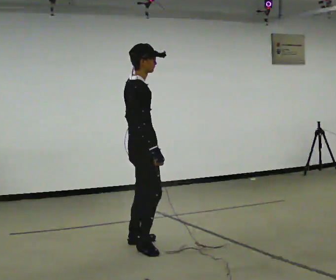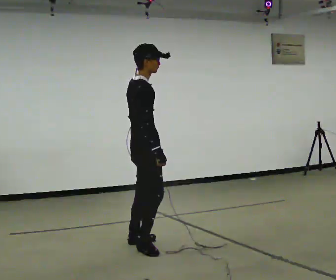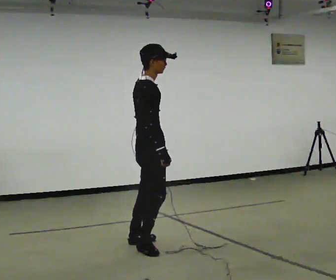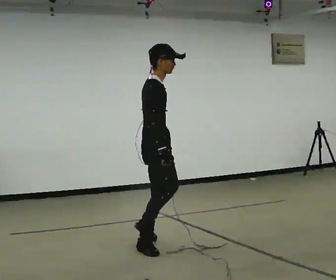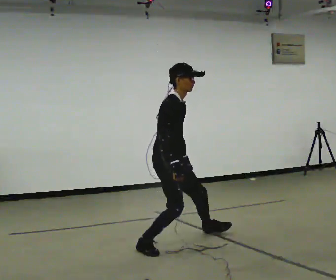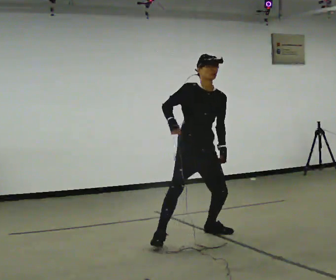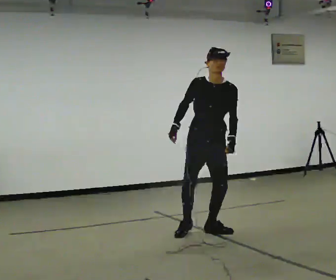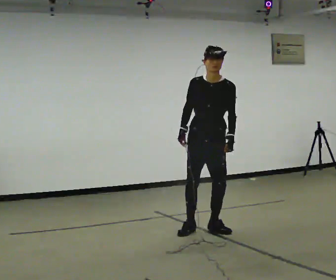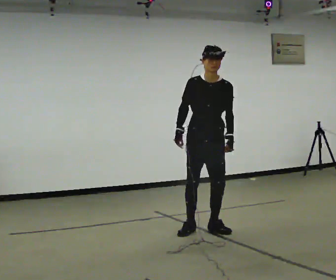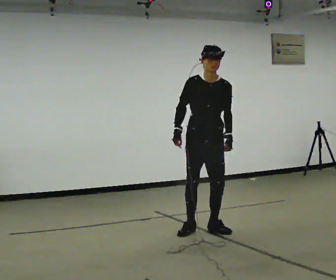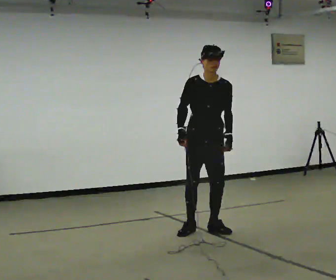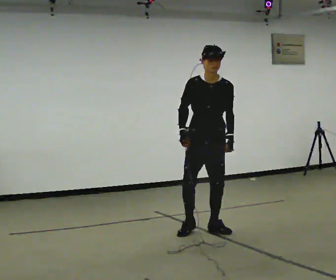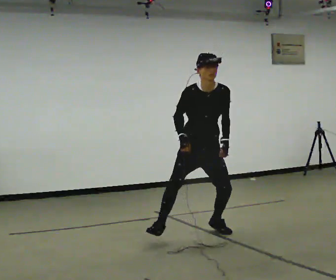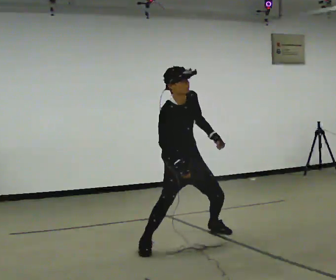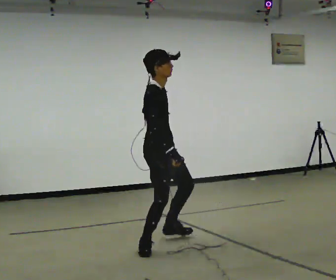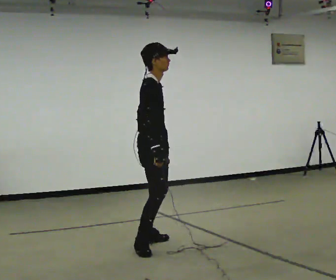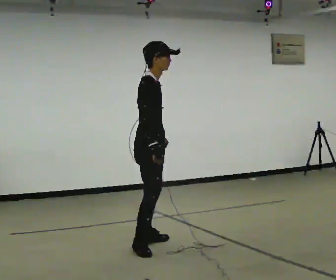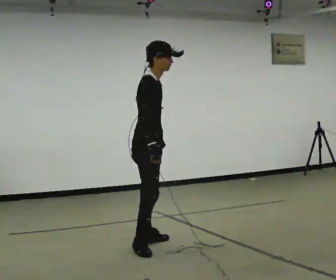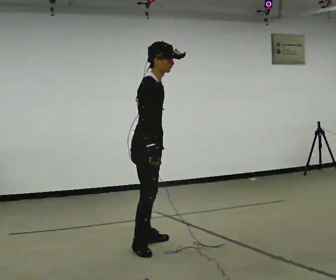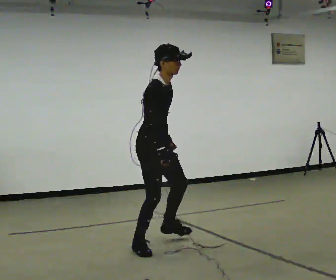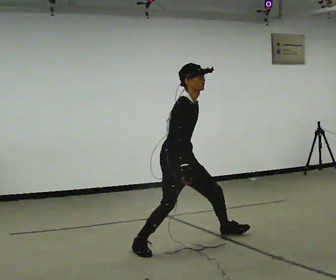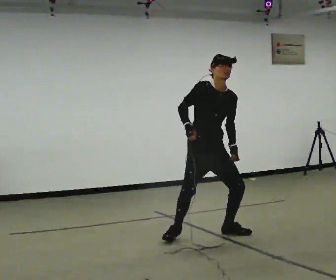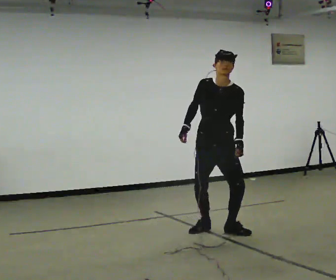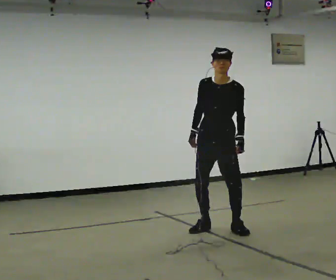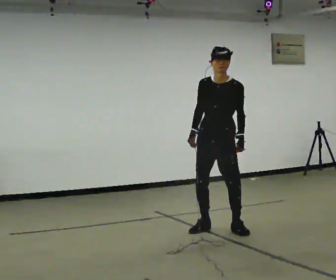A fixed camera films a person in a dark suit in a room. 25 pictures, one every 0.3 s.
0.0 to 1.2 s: The person turns about 30 degrees to their right, clockwise seen from above, so the part of the body nearest the lens slides to the left. In the picture they go to the right, about 0.25 m, which for them is forward. The upper body goes downward.
1.2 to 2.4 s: The person turns about 75 degrees to their right, clockwise seen from above, so the part of the body nearest the lens slides to the left. In the picture they go away from the camera and to the right, about 0.5 m in 2 steps. The shoulders move upward.
2.4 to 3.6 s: The upper body tips toward the camera, its near side rolling downward, as they bend forward.
3.6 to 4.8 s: The person turns about 75 degrees to their left, counterclockwise seen from above, so the part of the body nearest the lens slides to the right. In the picture they go toward the camera and to the left, about 0.75 m in 2 steps.
4.8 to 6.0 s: Seen from above the body turns clockwise, about 30 degrees: to their right, with its near side sliding to the left. In the picture they go to the right and away from the camera, about 0.25 m in 1 step, which for them is to their left and forward. The upper body goes downward.
6.0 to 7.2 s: The part of the body nearest the lens slides to the left as the person turns to their right by about 75 degrees. In the picture they go away from the camera and to the right, about 0.5 m in 2 steps. The upper body goes upward.
The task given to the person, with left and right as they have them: Move around the room freely as if avoiding someone: change speed and direction whenever you like. Keep moving until the operator says stop.
The film runs forward here.
